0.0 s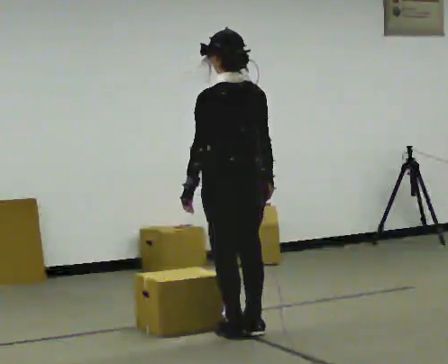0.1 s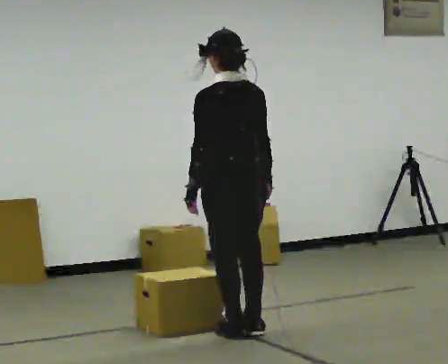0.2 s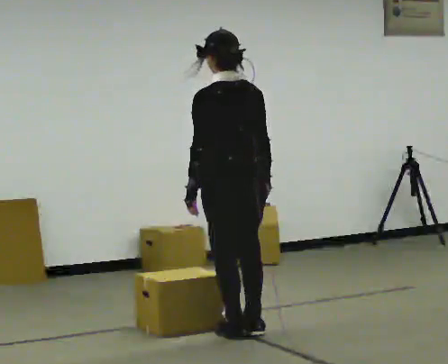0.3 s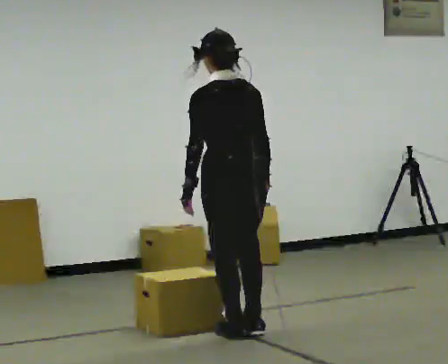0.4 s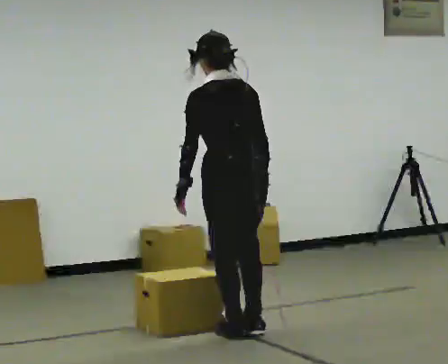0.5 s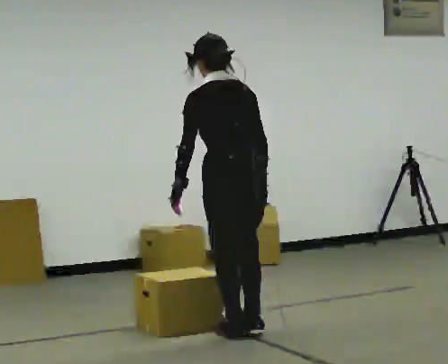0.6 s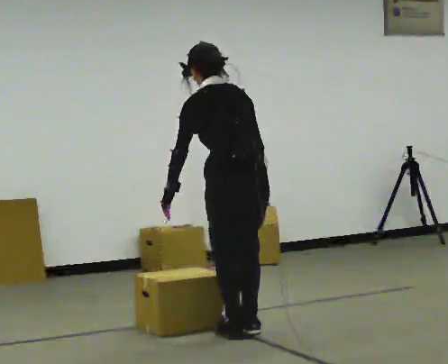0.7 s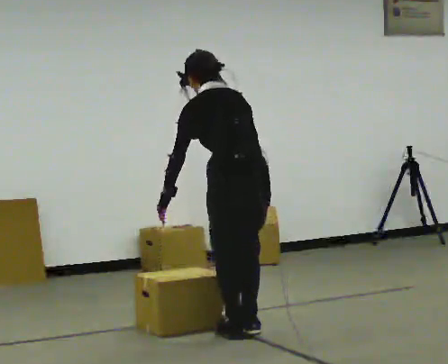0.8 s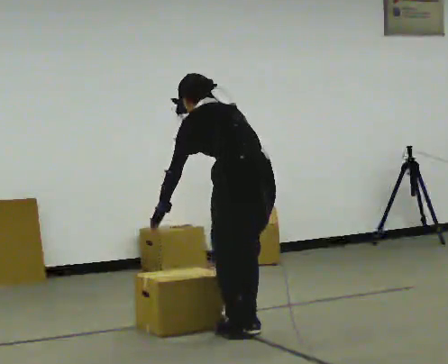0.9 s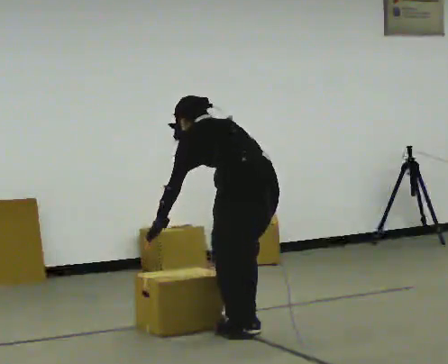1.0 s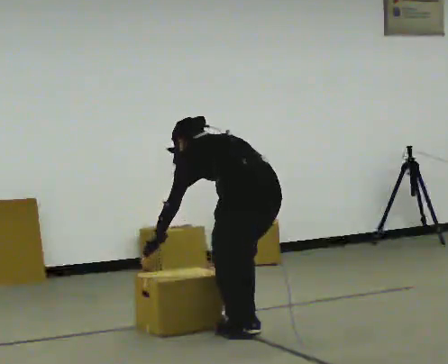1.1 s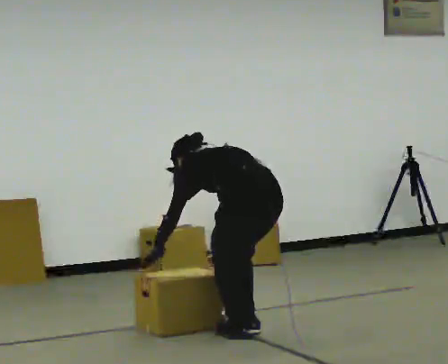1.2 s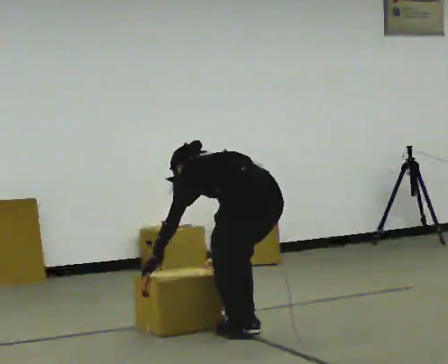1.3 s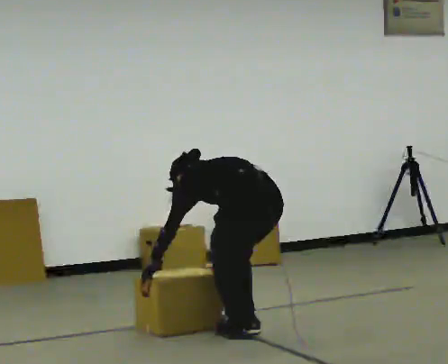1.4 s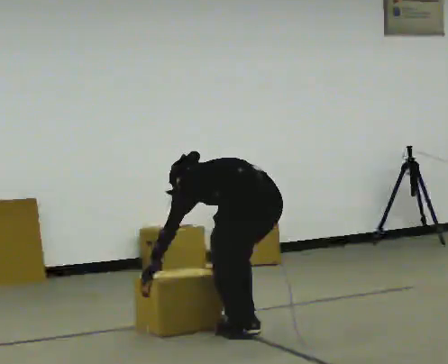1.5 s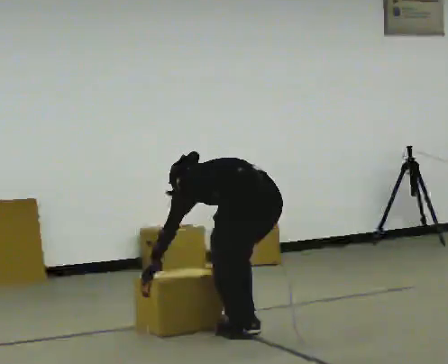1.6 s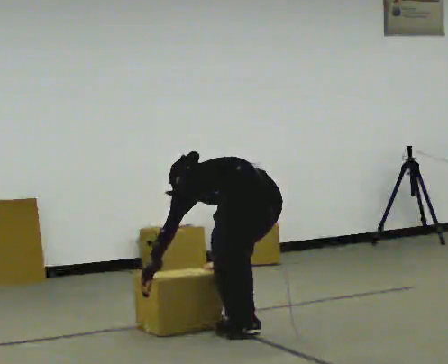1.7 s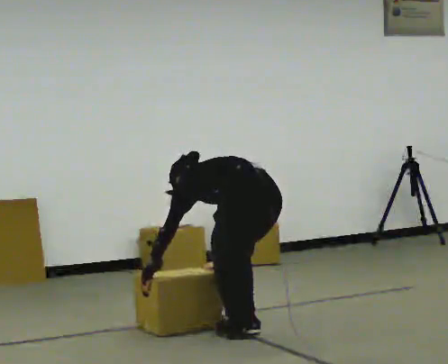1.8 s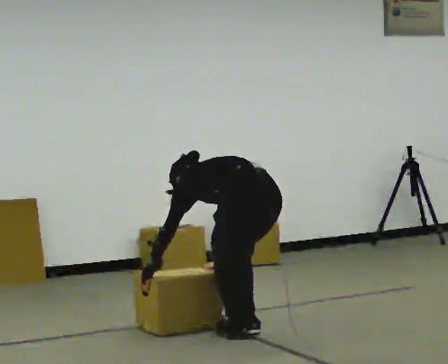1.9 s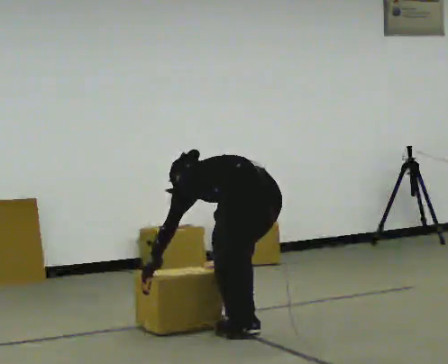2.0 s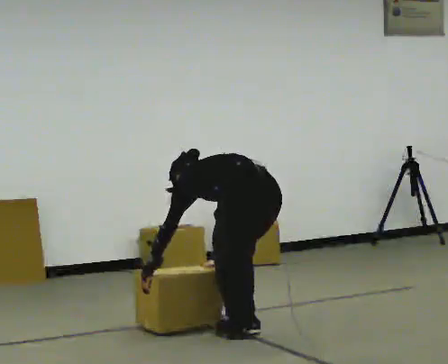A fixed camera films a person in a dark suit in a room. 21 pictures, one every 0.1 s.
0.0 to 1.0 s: The shoulders move downward. The upper body tips away from the camera, its near side rolling upward, as they bend forward. In the picture their right hand goes downward.
1.0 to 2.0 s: The upper body tips away from the camera, its near side rolling upward, as they bend forward.
The film runs backward here.
